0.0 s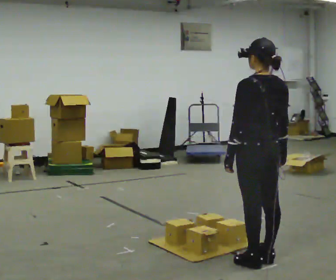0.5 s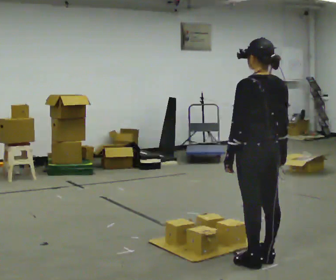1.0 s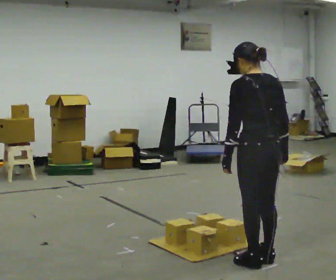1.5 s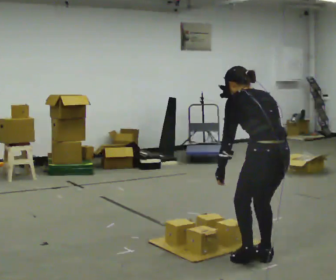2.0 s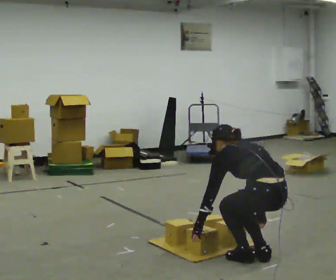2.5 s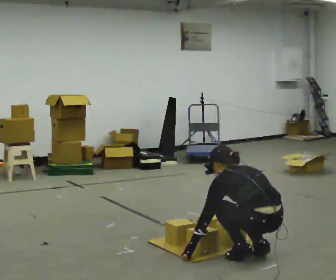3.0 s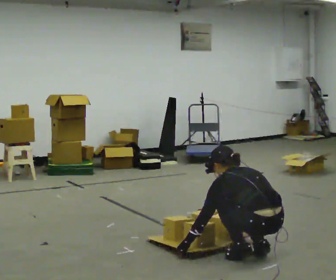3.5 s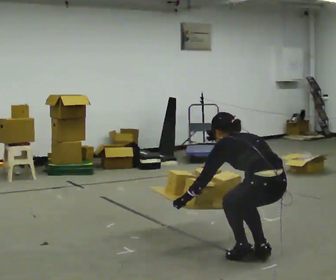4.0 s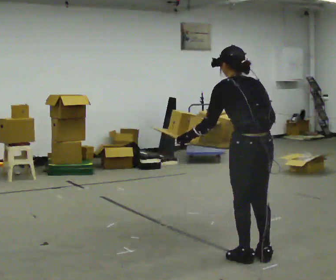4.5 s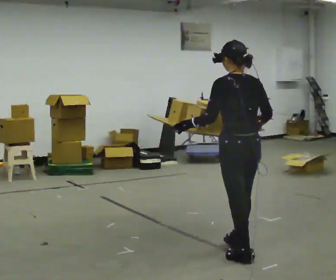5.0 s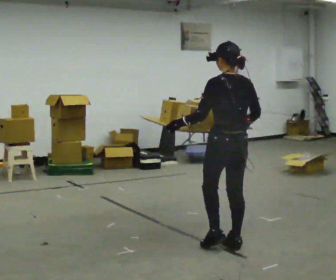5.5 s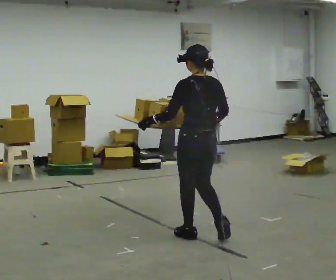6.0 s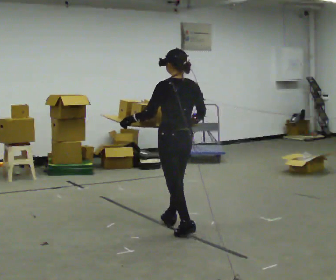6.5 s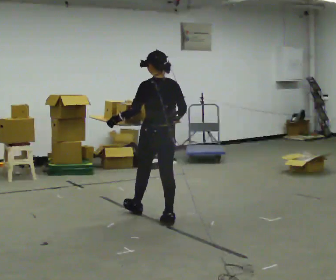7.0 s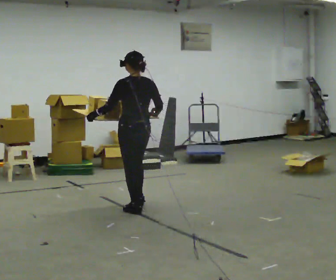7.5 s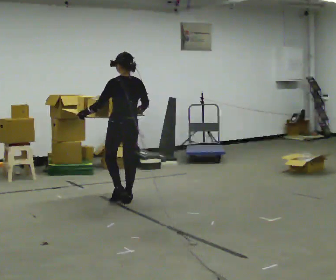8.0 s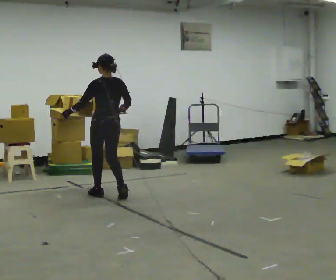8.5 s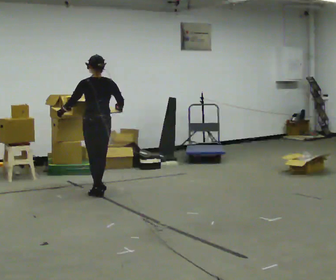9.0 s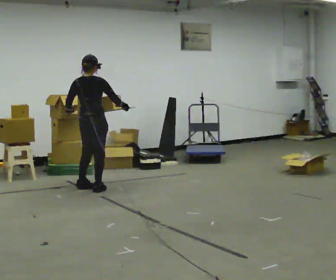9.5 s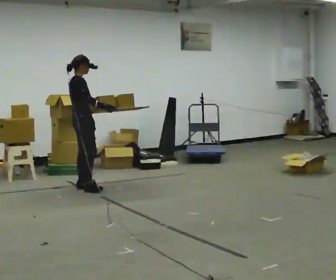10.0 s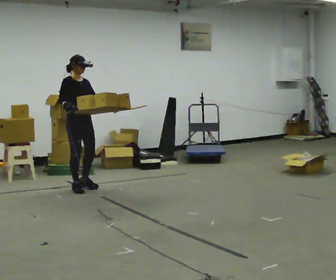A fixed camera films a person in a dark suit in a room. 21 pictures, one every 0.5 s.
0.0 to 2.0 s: The shoulders move downward. The upper body tips away from the camera, its near side rolling upward, as they bend forward. In the picture their left hand goes downward.
2.0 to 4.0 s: In the picture their right hand goes upward.
4.0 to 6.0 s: In the picture they go away from the camera and to the left, about 1 m in 3 steps, which for them is forward. The upper body tips toward the camera, its near side rolling downward, as they lean back or straighten.
6.0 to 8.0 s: In the picture they go away from the camera and to the left, about 1.5 m in 3 steps, which for them is forward.
8.0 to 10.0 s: Seen from above the body turns clockwise, about 165 degrees: to their right, with its near side sliding to the left. In the picture they go to the left and away from the camera, about 0.5 m in 3 steps.
The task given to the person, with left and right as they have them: Carry the loaded tray flat and level in both hands, walking back and forth across the room. Try not to let anything slide off.
The film runs forward here.
